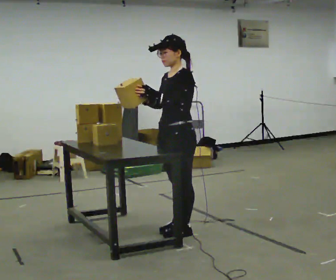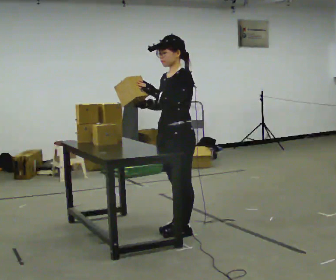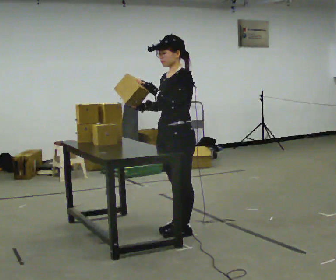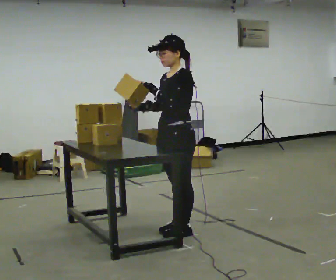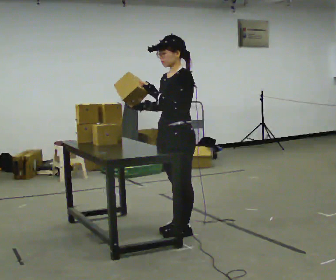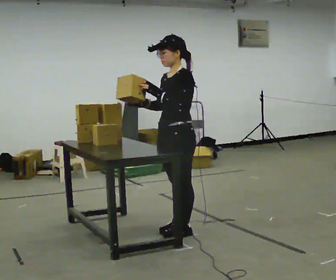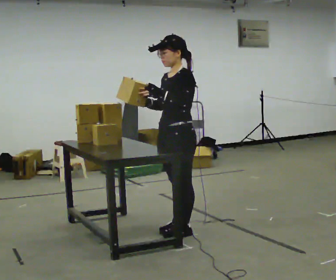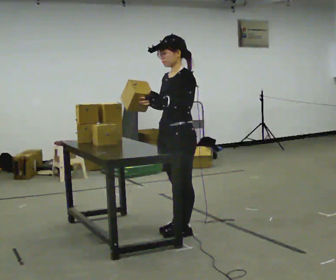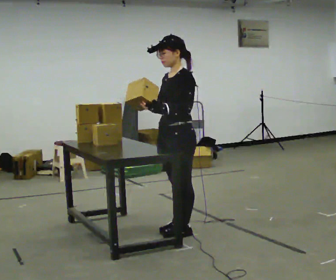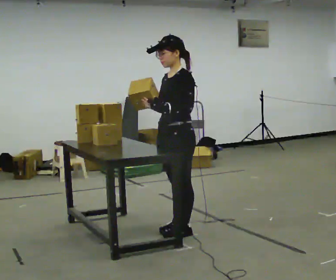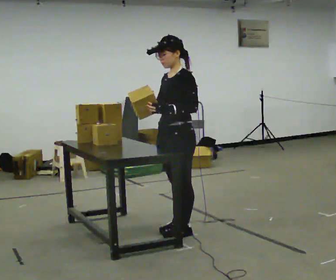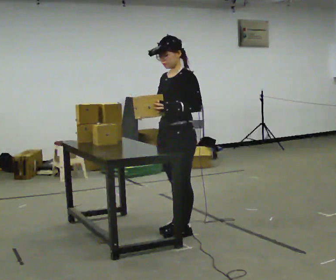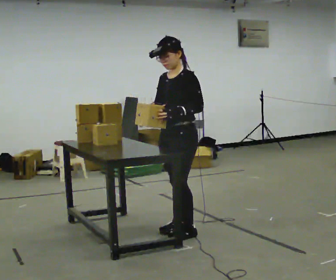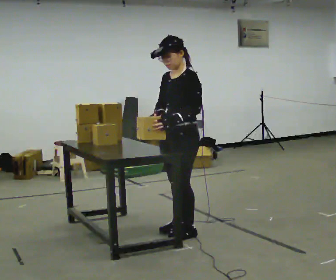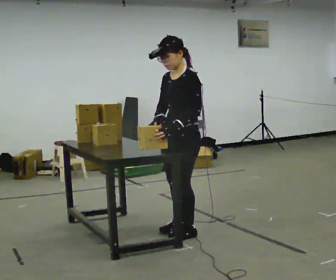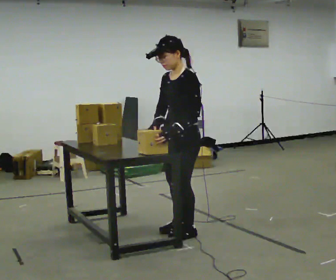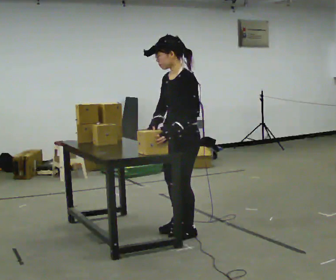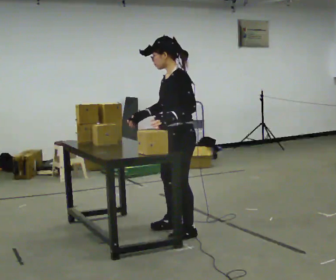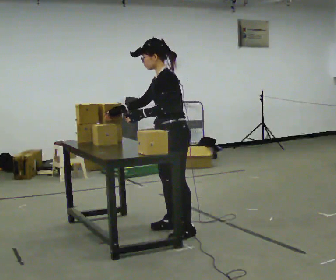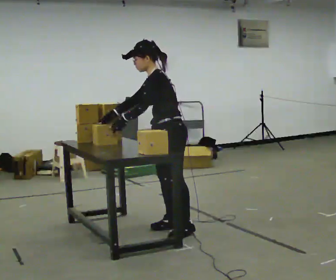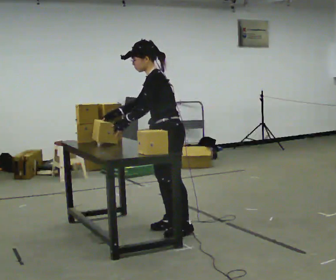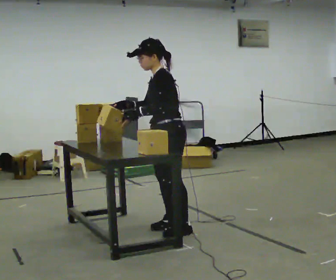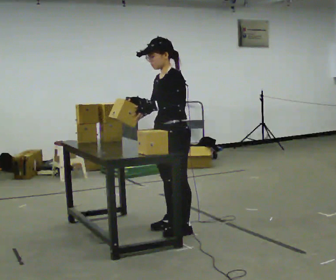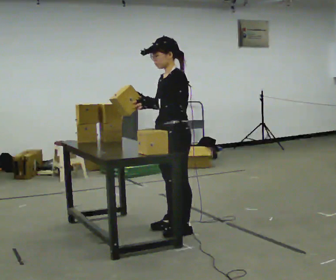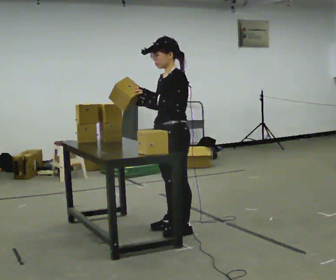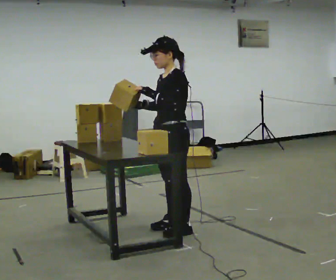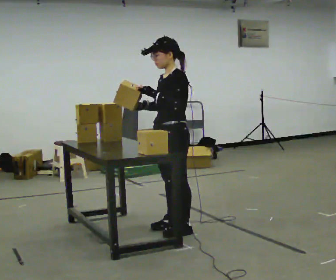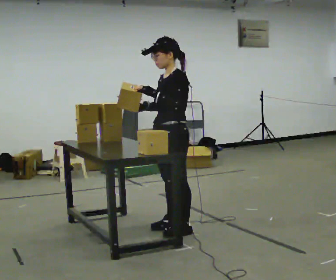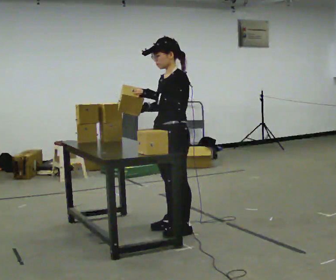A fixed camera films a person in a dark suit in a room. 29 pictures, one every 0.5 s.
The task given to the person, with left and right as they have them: Hold the box, turn it so you can read the label, and read it out loud. Then swap to the next box. Repeat at your own pace until the operator says stop. Keep both feet on the marked spots for the whole take. If you have to step, stop and tell the operator.
0.0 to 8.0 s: The person moves a little, or ends about where they began.
8.0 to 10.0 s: In the picture they go away from the camera, about 0.25 m, which for them is to their right.
10.0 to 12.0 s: In the picture the upper body tilts clockwise, shoulders to the right, as they lean back or straighten.
12.0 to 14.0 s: The person moves a little, or ends about where they began.
The film runs forward here.
